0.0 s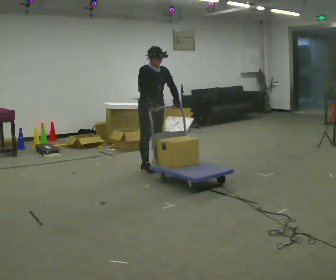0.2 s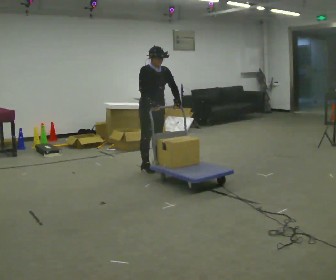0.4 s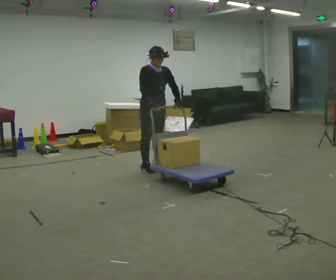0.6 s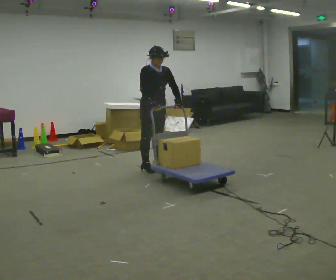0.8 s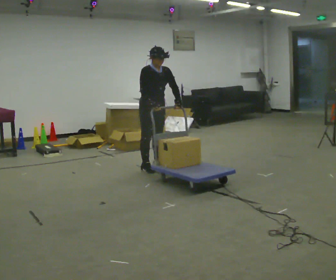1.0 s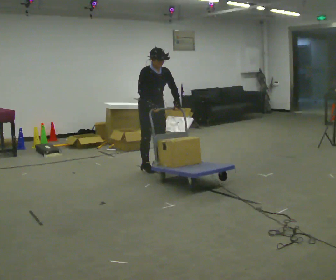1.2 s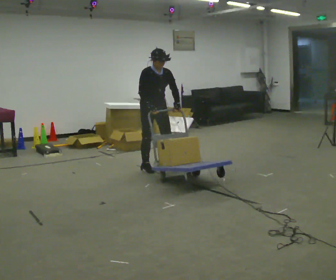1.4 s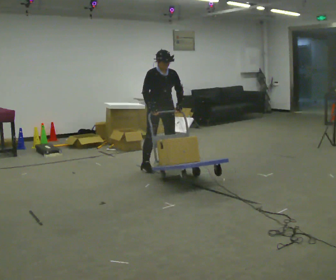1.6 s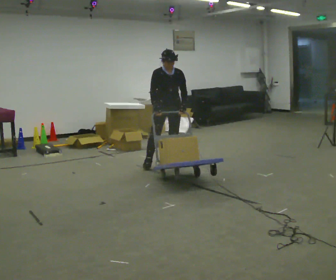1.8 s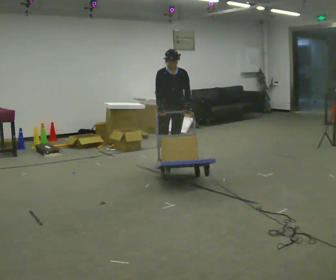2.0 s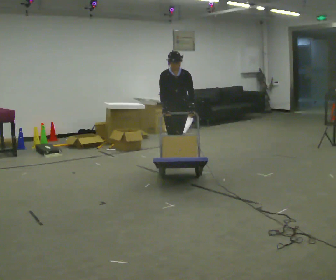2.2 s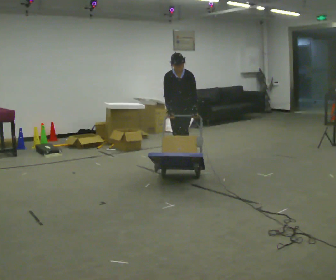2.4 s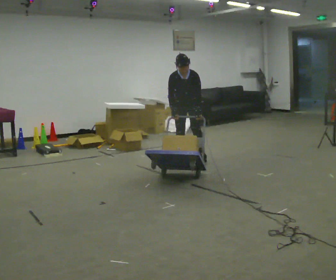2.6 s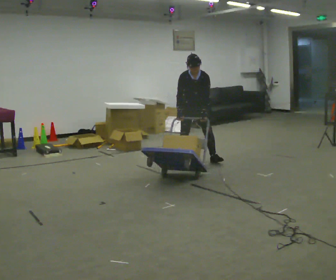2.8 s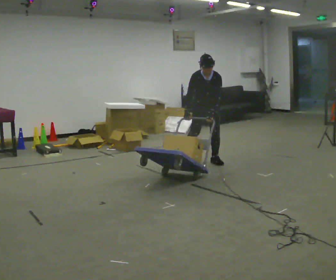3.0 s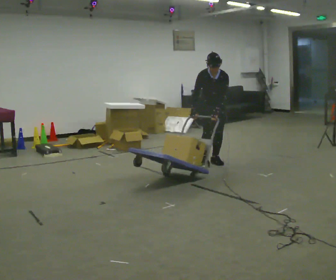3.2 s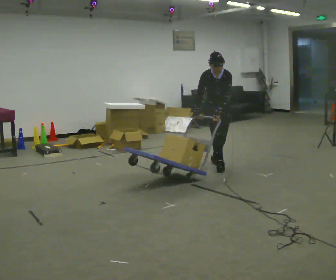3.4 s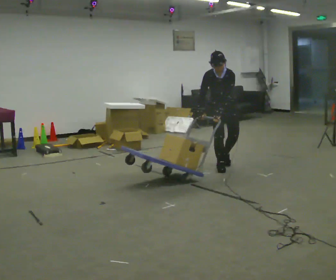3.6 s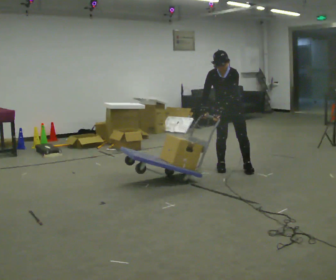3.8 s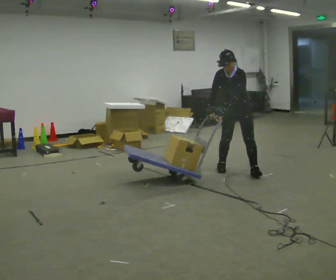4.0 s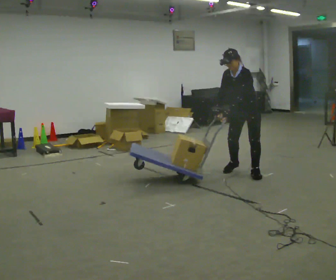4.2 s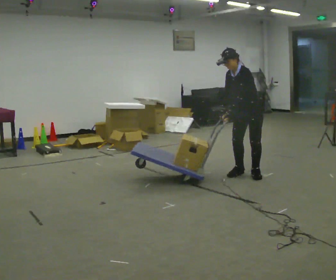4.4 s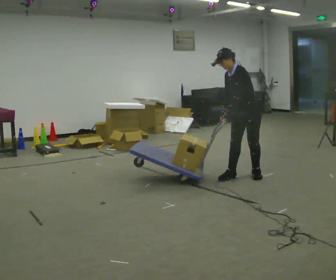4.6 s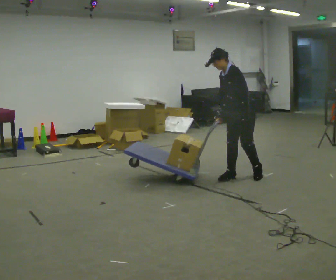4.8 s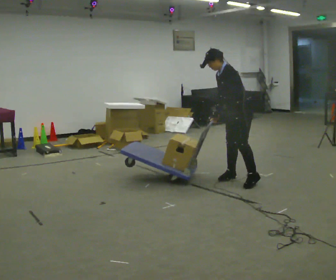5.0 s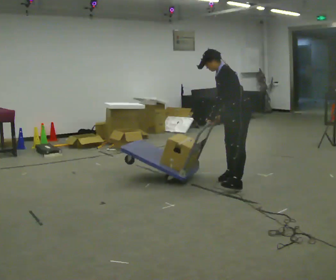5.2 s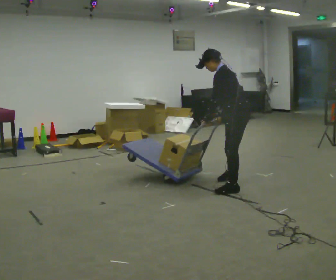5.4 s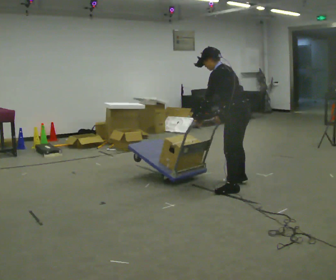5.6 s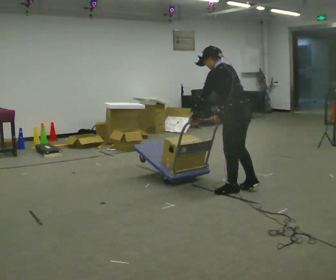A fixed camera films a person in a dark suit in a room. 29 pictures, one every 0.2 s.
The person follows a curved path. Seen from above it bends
clockwise.
The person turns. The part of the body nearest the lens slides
to the left.
0.0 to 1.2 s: The person moves a little, or ends about where they began.
1.2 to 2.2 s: Seen from above the body turns clockwise, about 45 degrees: to their right, with its near side sliding to the left. In the picture they go away from the camera and to the right, about 0.5 m in 2 steps, which for them is to their left and backward. The upper body tips toward the camera, its near side rolling downward, as they bend forward.
2.2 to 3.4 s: In the picture they go to the right and toward the camera, about 0.5 m in 2 steps, which for them is to their left and forward.
3.4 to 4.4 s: The part of the body nearest the lens slides to the left as the person turns to their right by about 45 degrees. In the picture they go toward the camera and to the right, about 0.5 m in 2 steps, which for them is to their left and forward.
4.4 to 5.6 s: Seen from above the body turns clockwise, about 75 degrees: to their right, with its near side sliding to the left. In the picture they go toward the camera, about 0.5 m in 1 step. The upper body tips away from the camera, its near side rolling upward.
The film runs forward here.
